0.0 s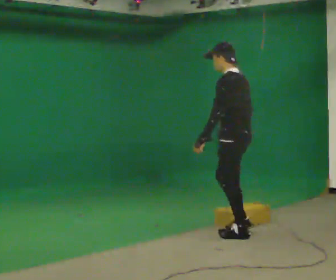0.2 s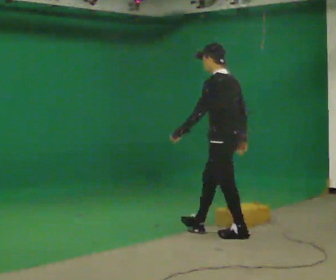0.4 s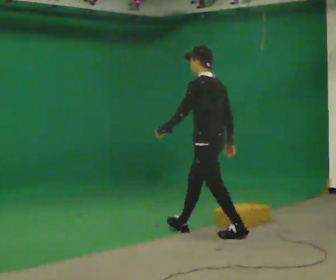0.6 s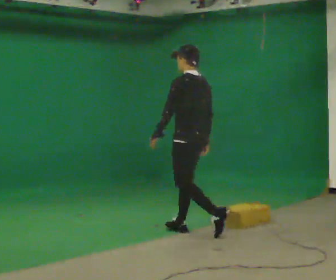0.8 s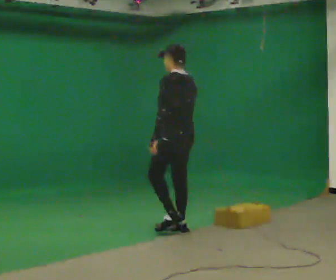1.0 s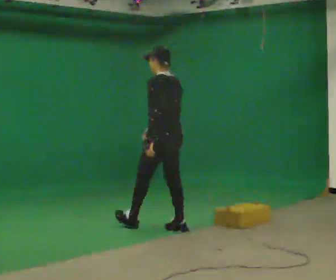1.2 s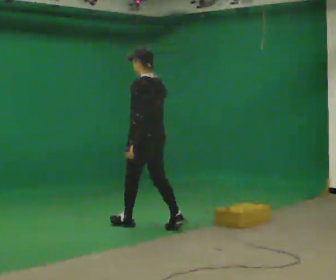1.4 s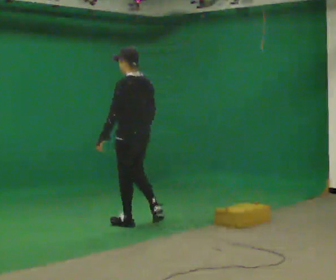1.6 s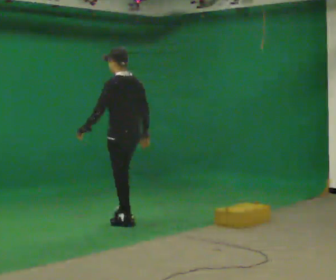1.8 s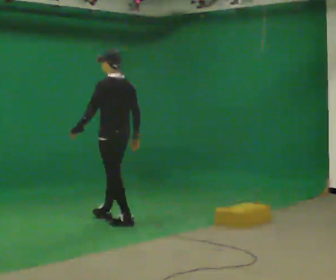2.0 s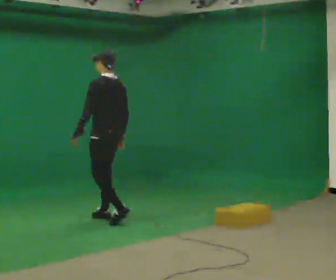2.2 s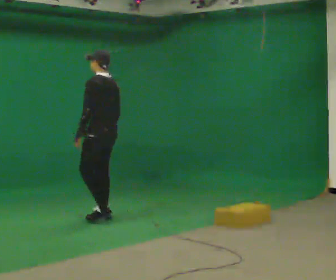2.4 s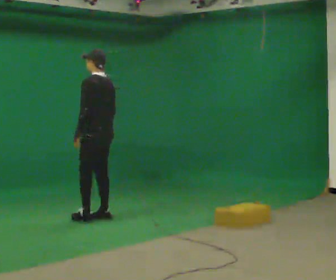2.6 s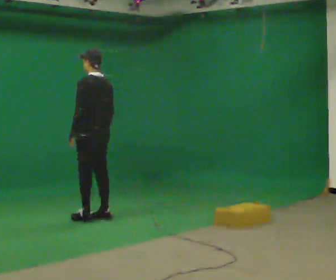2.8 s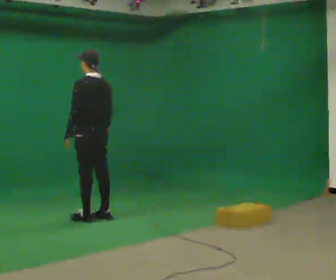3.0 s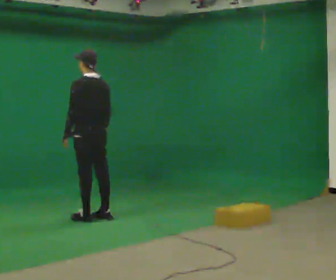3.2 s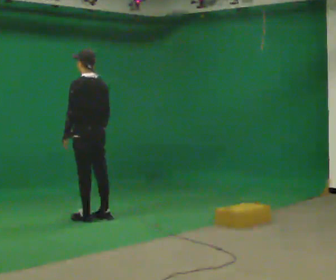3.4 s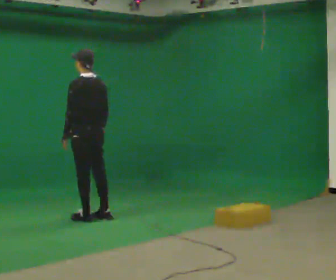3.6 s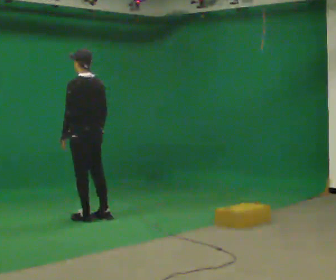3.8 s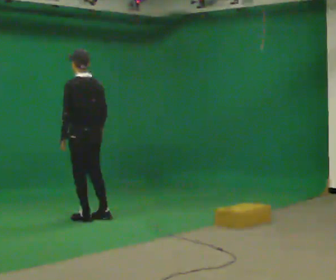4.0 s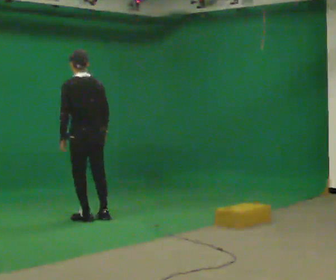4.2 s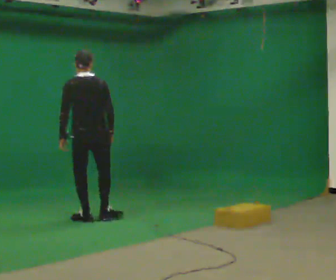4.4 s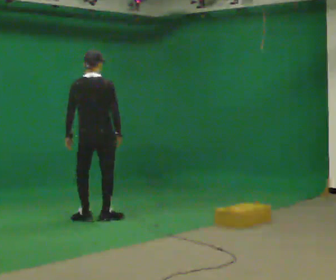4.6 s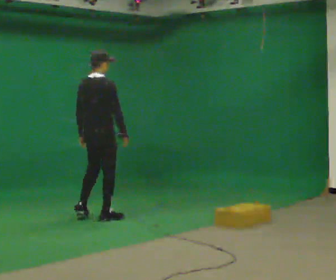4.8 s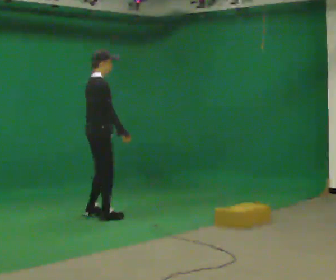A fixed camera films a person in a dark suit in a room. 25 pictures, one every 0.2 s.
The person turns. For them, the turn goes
to their right.
The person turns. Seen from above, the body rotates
clockwise.
0.0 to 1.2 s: In the picture they go to the left and away from the camera, about 1 m in 2 steps, which for them is forward.
1.2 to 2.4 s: In the picture they go to the left and away from the camera, about 0.5 m in 2 steps, which for them is forward.
2.4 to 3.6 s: The person moves a little, or ends about where they began.
3.6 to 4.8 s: Seen from above the body turns clockwise, about 120 degrees: to their right, with its near side sliding to the left.
The film runs forward here.
